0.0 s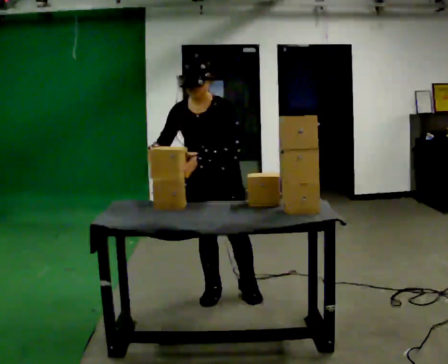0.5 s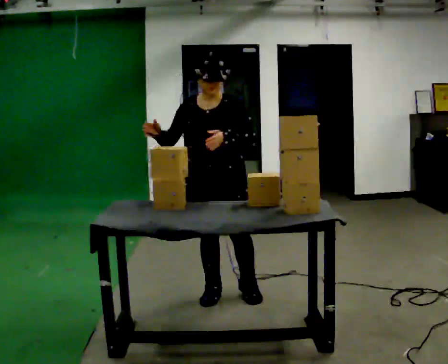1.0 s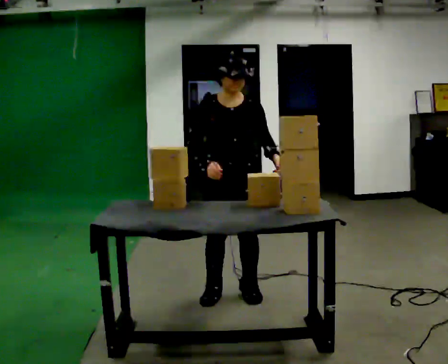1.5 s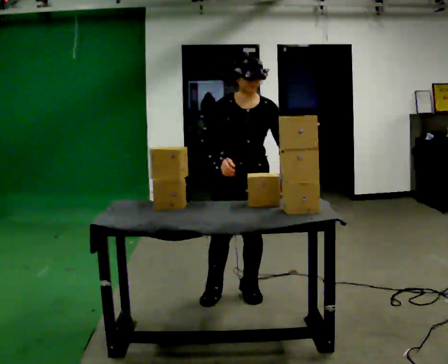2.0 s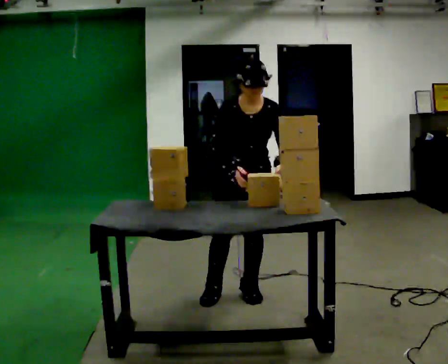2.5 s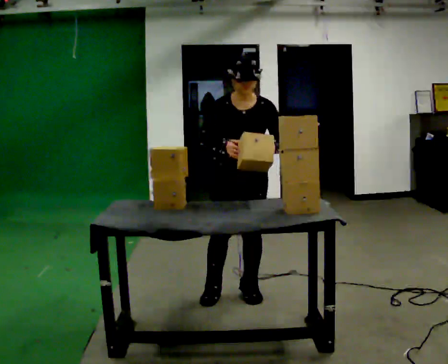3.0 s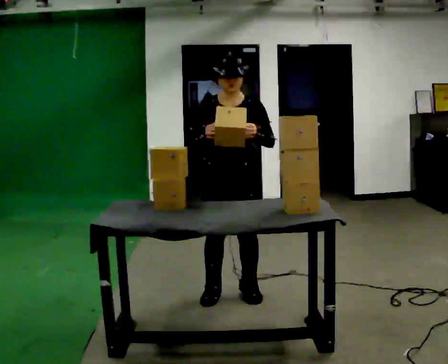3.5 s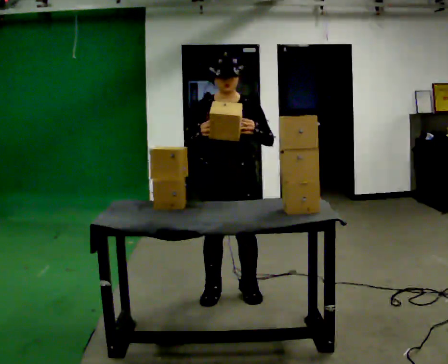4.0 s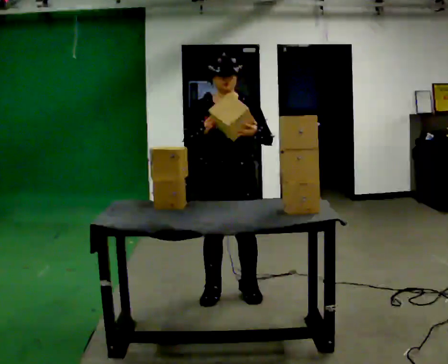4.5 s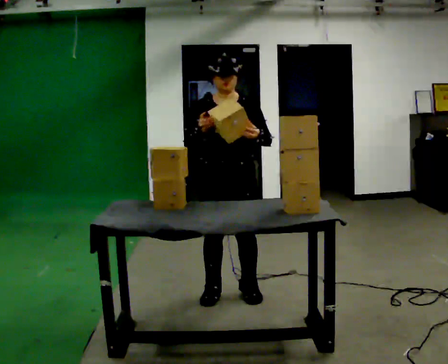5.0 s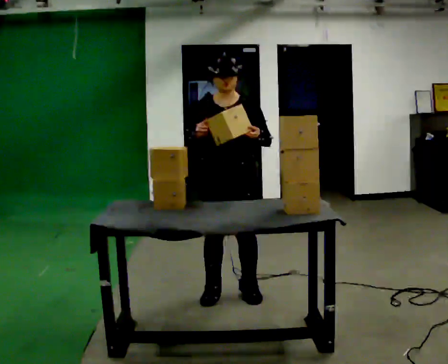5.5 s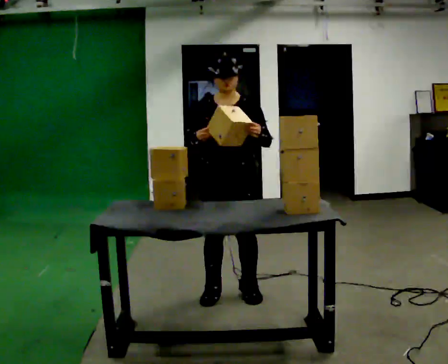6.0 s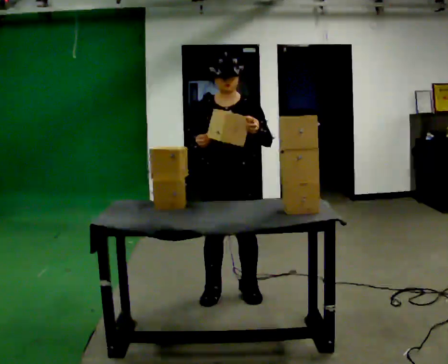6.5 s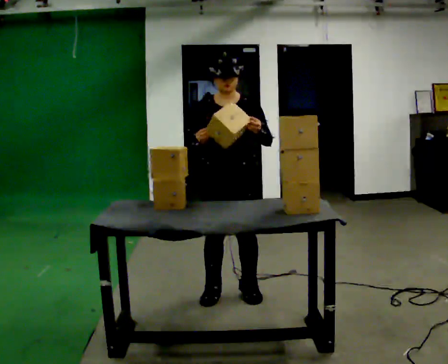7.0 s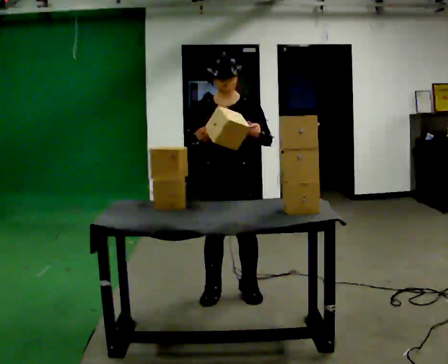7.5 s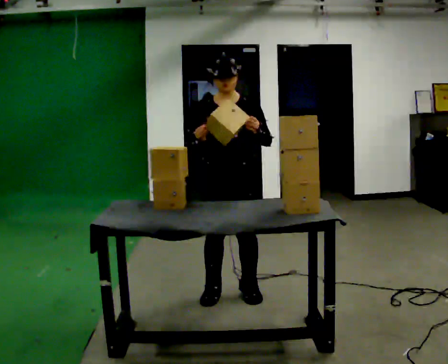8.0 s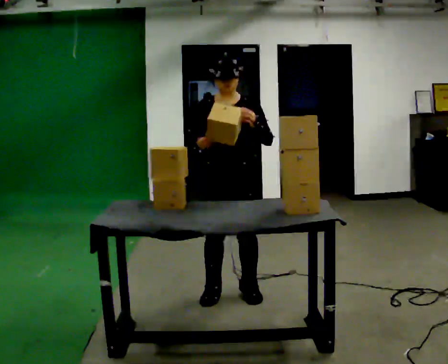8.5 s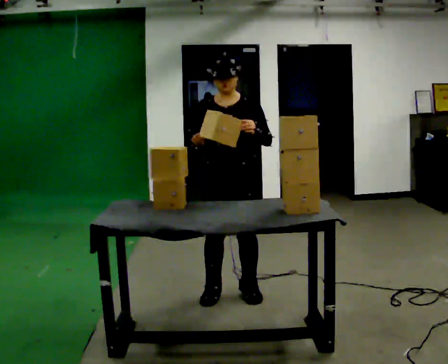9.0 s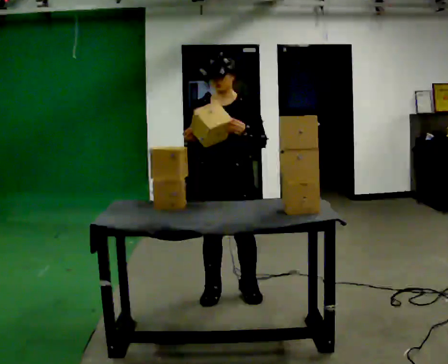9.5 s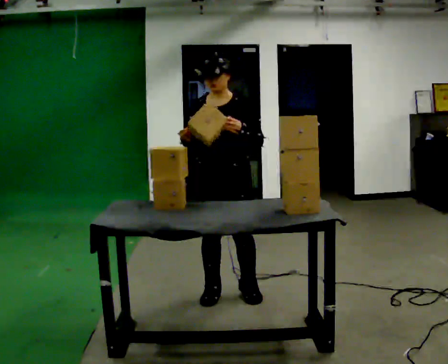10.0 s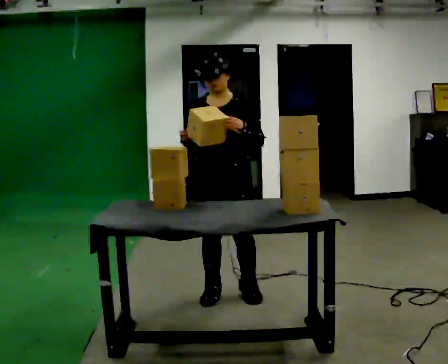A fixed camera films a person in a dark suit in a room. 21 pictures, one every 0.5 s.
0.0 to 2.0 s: In the picture they go to the right, about 0.25 m, which for them is to their left. In the picture the upper body tilts clockwise, shoulders to the right. In the picture their right hand goes to the right.
2.0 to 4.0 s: The upper body tips away from the camera, its near side rolling upward, as they lean back or straighten.
4.0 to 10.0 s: The person moves a little, or ends about where they began.
The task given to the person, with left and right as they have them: Hold the box, turn it so you can read the label, and read it out loud. Then swap to the next box. Repeat at your own pace until the operator says stop. Keep both feet on the marked spots for the whole take. If you have to step, stop and tell the operator.
The film runs forward here.
